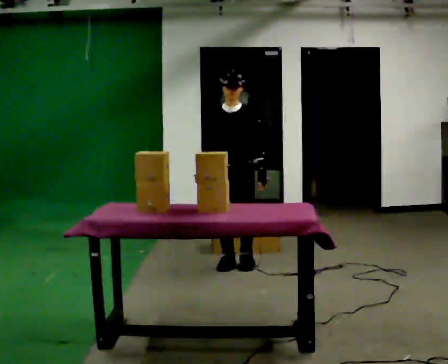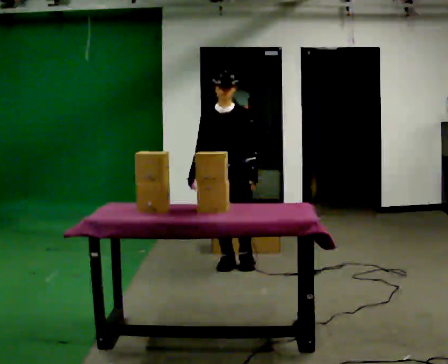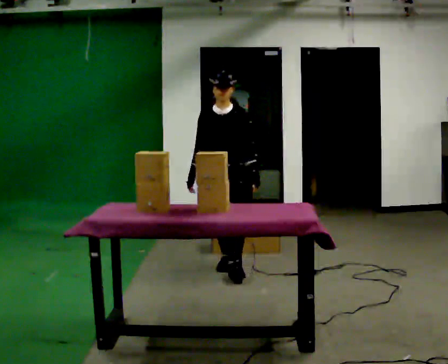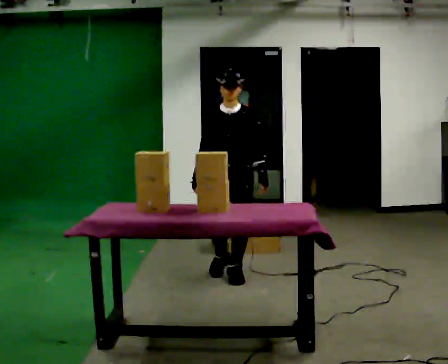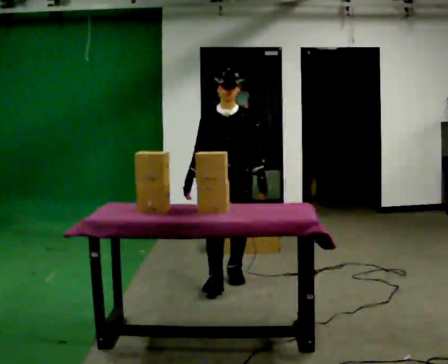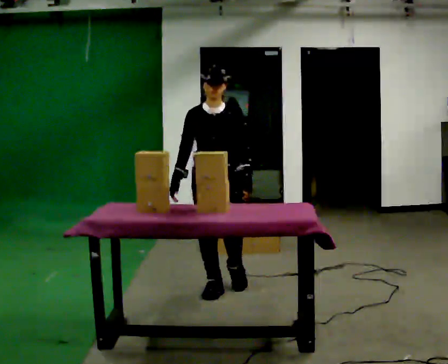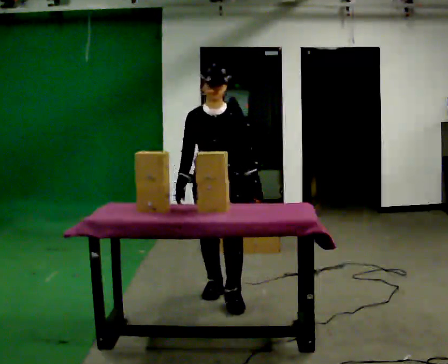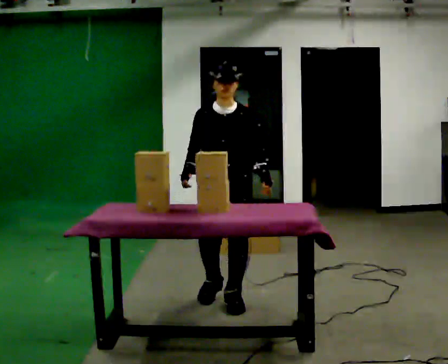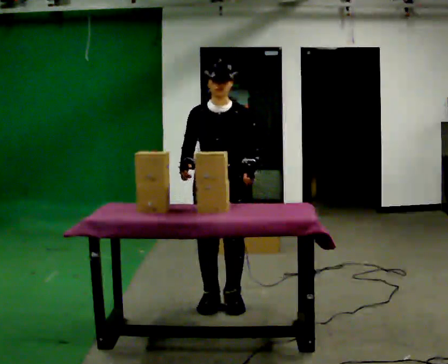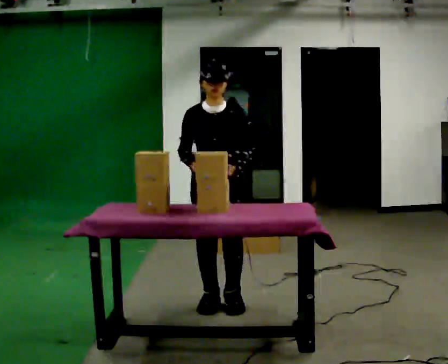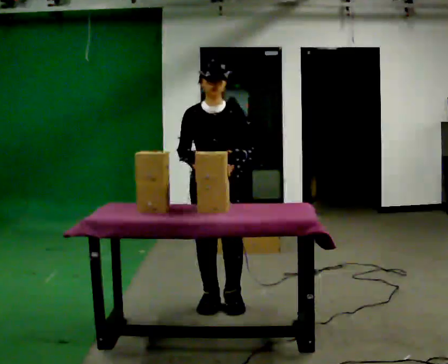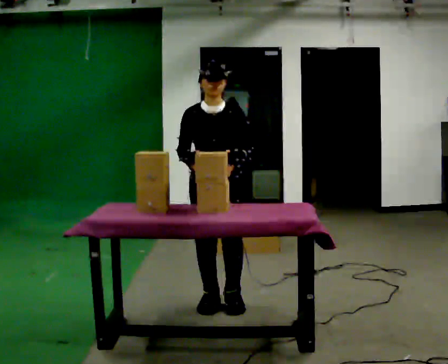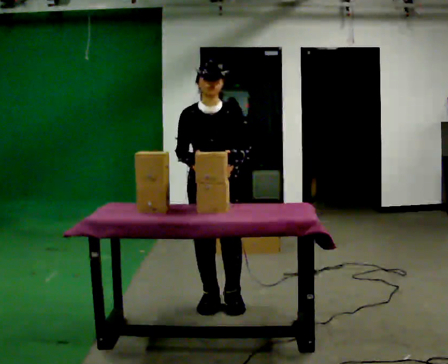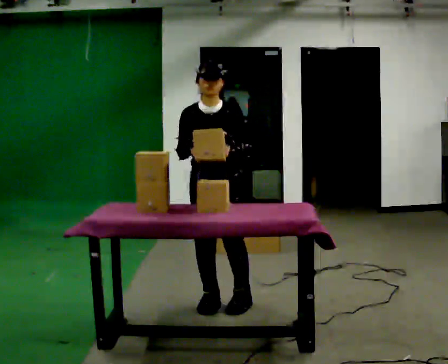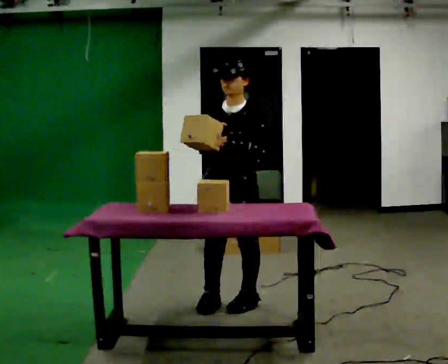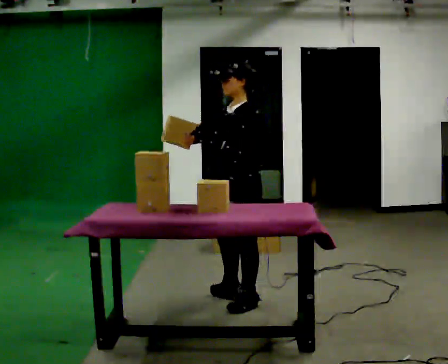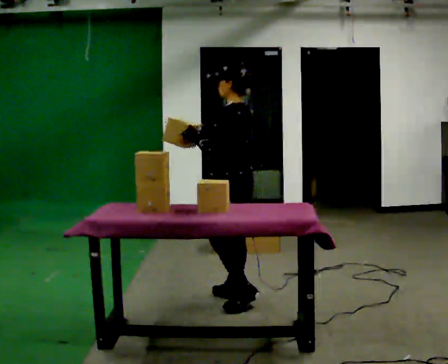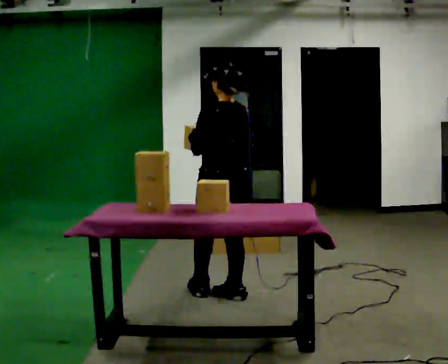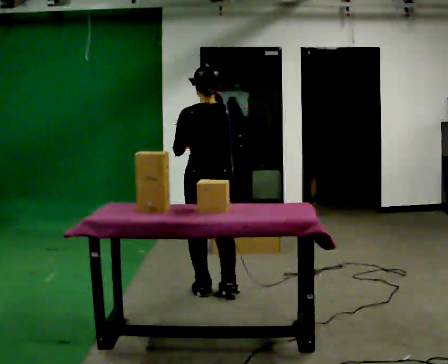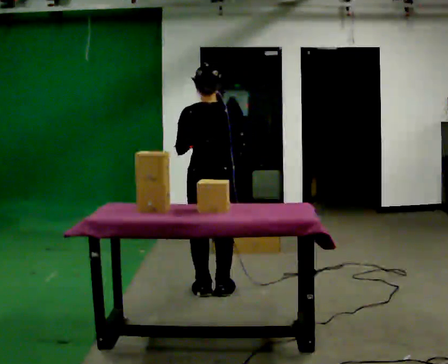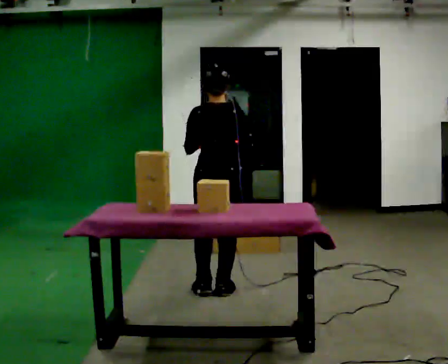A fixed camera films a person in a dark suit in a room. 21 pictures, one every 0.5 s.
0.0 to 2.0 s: In the picture they go toward the camera, about 0.5 m in 2 steps, which for them is forward.
2.0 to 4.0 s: In the picture they go toward the camera, about 0.5 m in 2 steps, which for them is forward.
4.0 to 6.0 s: The person moves a little, or ends about where they began.
6.0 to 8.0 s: The part of the body nearest the lens slides to the left as the person turns to their right by about 120 degrees. In the picture they go away from the camera, about 0.25 m in 1 step.
8.0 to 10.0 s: The person turns about 75 degrees to their right, clockwise seen from above, so the part of the body nearest the lens slides to the left. In the picture they go away from the camera, about 0.25 m in 1 step.
The film runs forward here.
